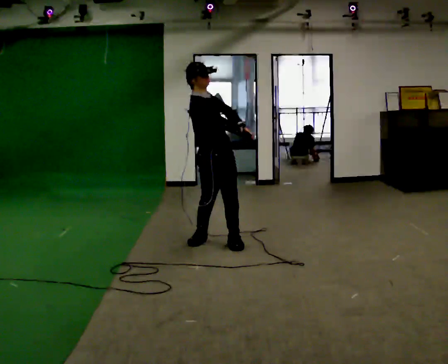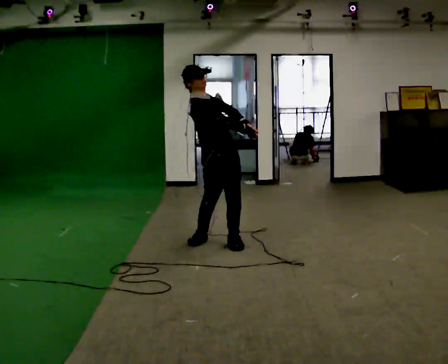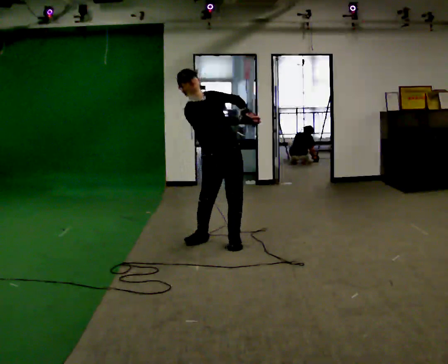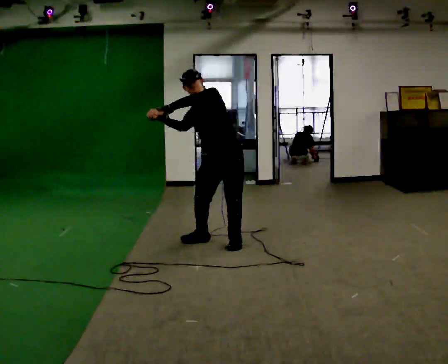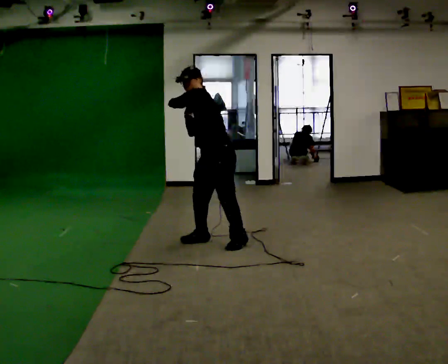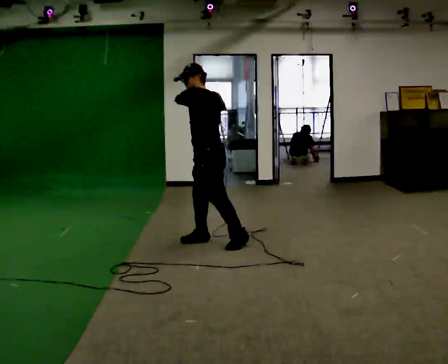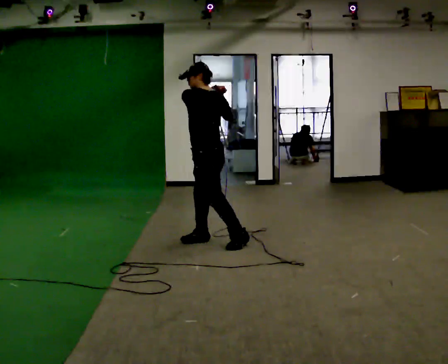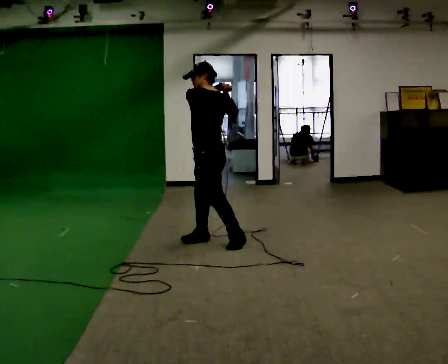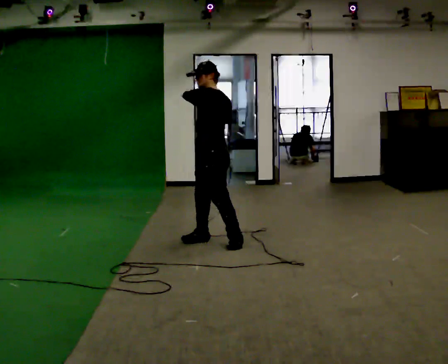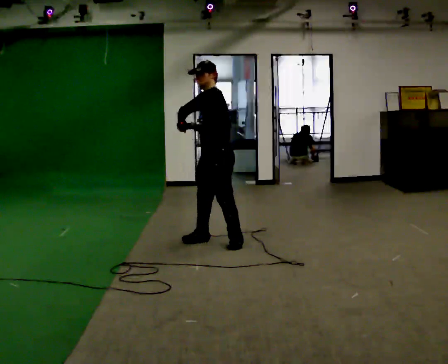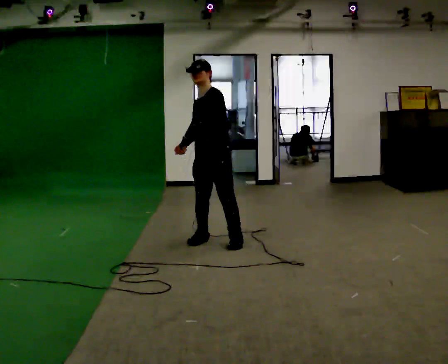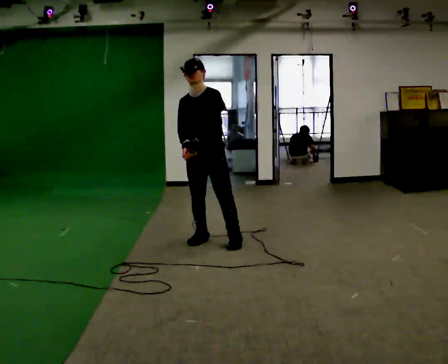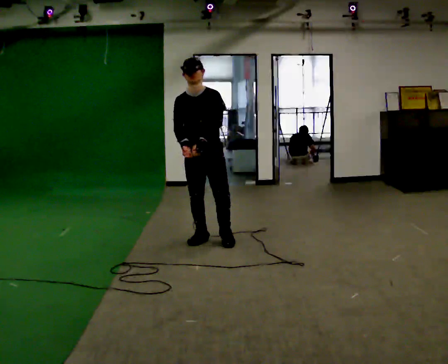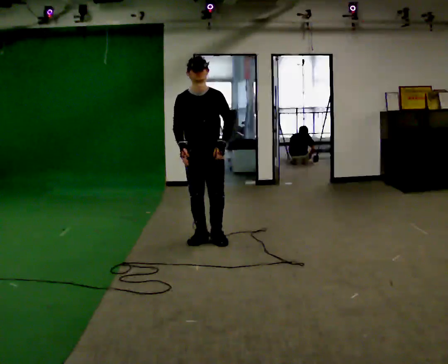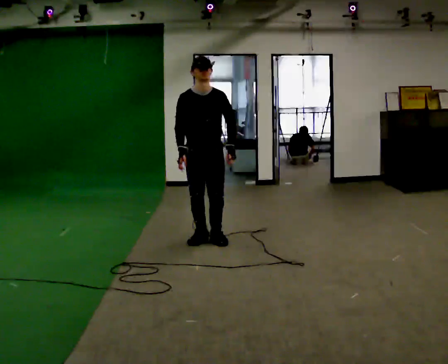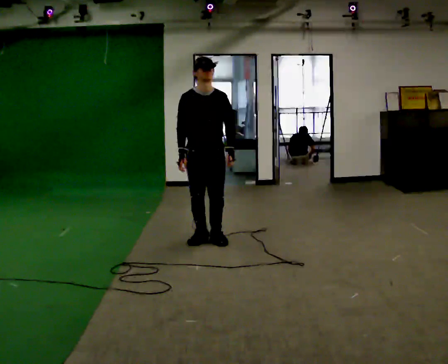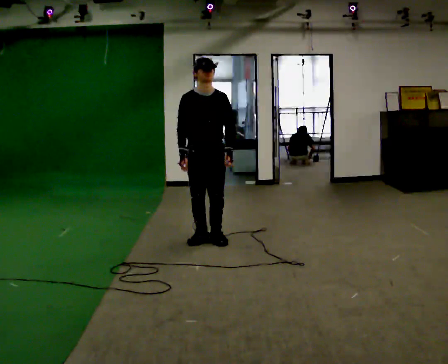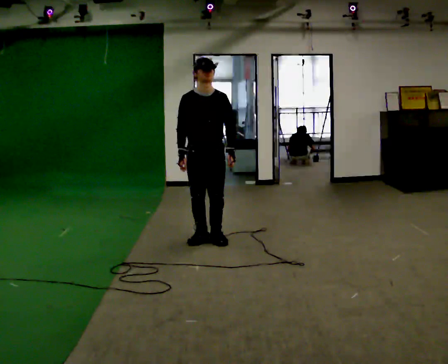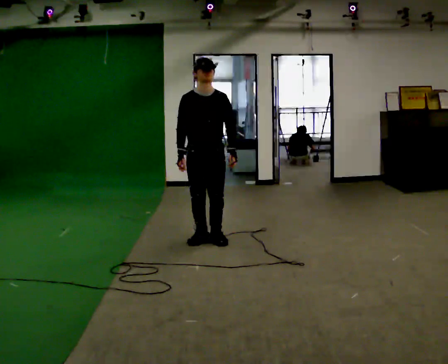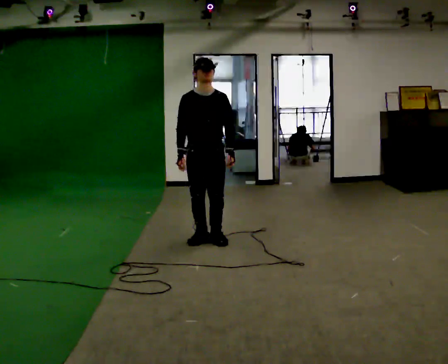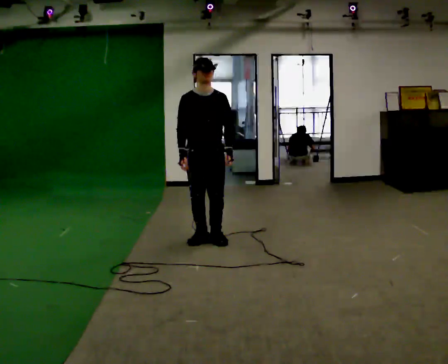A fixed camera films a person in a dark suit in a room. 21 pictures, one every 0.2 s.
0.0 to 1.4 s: The person turns about 165 degrees to their right, clockwise seen from above, so the part of the body nearest the lens slides to the left. In the picture their right hand goes upward.
1.4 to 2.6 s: The part of the body nearest the lens slides to the right as the person turns to their left by about 120 degrees. In the picture their right hand goes downward and to the left.
2.6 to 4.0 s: The person moves a little, or ends about where they began.
The film runs backward here.
